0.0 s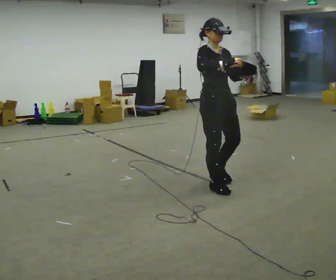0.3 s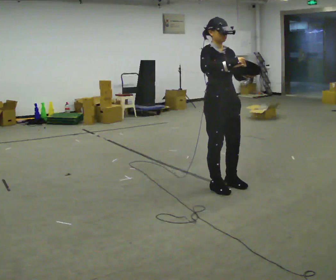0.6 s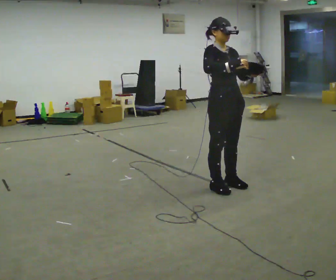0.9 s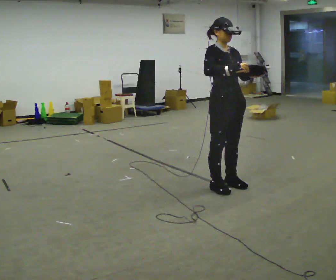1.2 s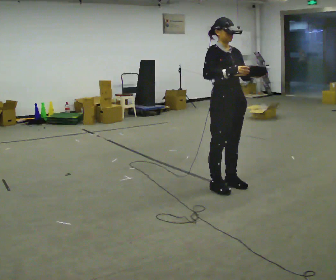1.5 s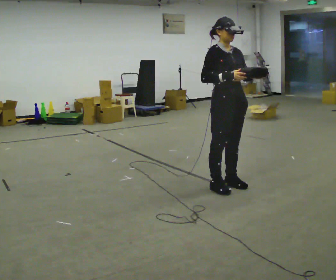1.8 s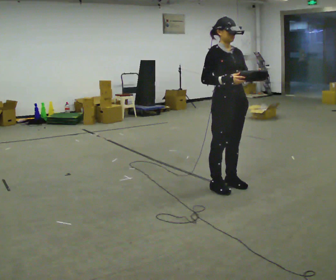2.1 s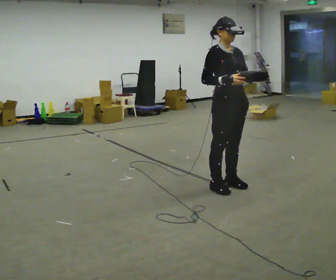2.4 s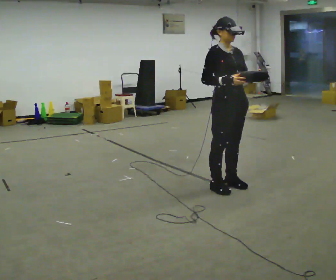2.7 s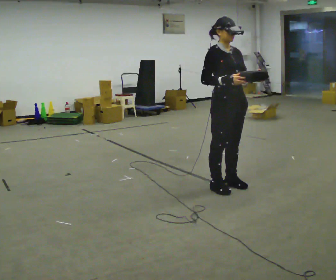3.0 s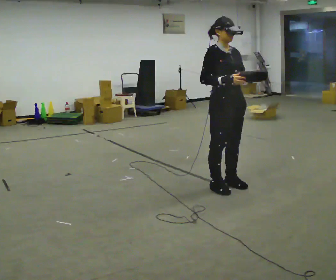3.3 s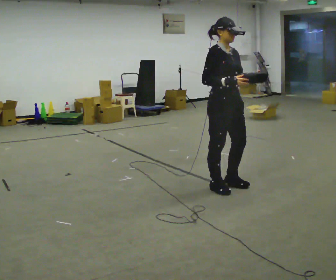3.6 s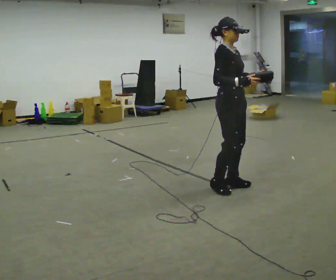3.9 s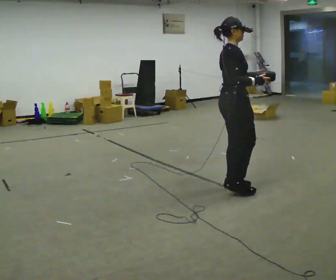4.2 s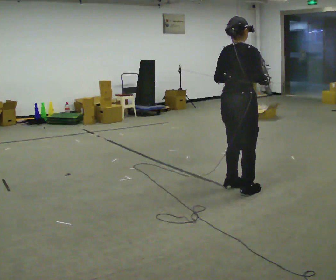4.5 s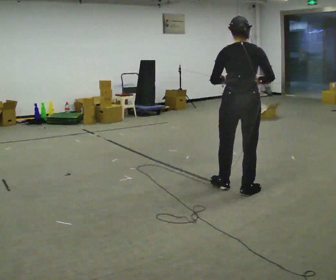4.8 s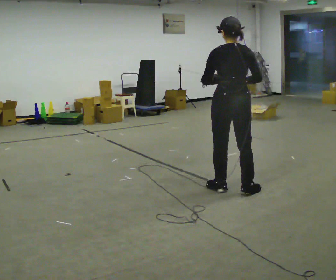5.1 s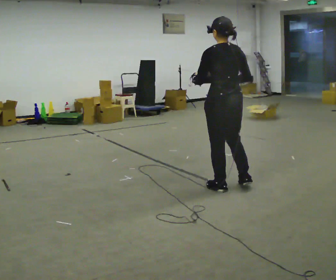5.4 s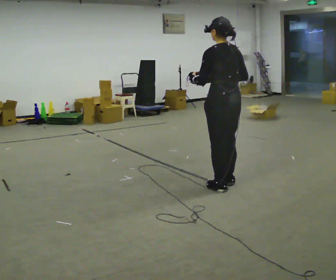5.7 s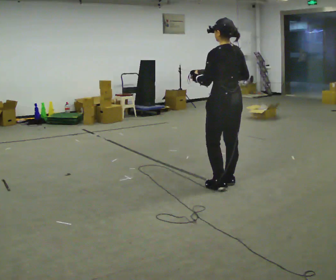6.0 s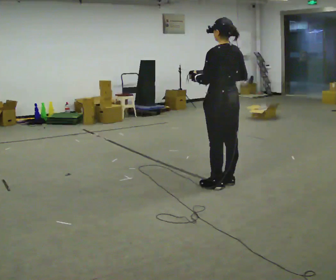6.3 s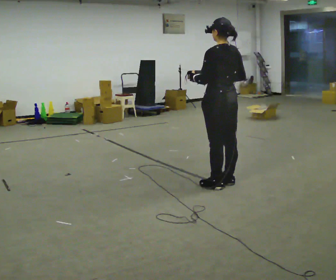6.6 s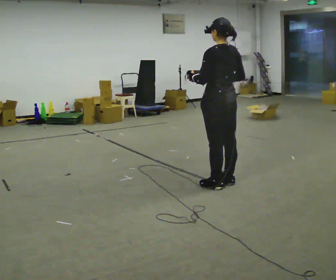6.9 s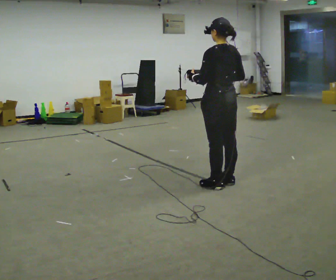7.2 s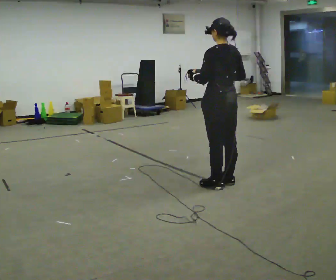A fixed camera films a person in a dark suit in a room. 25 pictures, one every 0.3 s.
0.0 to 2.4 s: The person moves a little, or ends about where they began.
2.4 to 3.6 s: Seen from above the body turns counterclockwise, about 30 degrees: to their left, with its near side sliding to the right.
3.6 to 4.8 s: The part of the body nearest the lens slides to the right as the person turns to their left by about 120 degrees. In the picture their left hand goes to the left.
4.8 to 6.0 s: The person turns about 30 degrees to their left, counterclockwise seen from above, so the part of the body nearest the lens slides to the right. In the picture they go away from the camera, about 0.25 m in 1 step, which for them is forward.
6.0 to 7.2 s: The person keeps their place and pose.
The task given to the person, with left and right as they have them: Carry the bag and, while walking, undo the buckle or zip, then do it up again. Keep repeating as you walk. Do not stop.
The film runs forward here.
